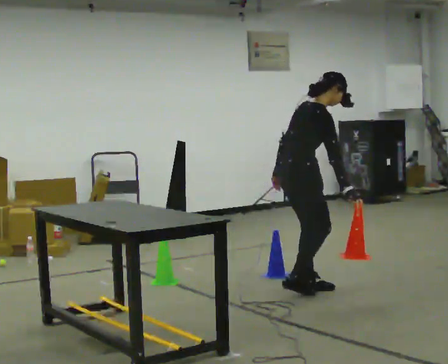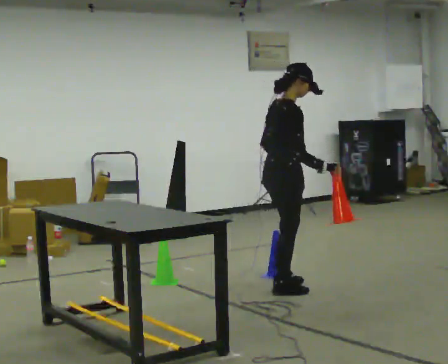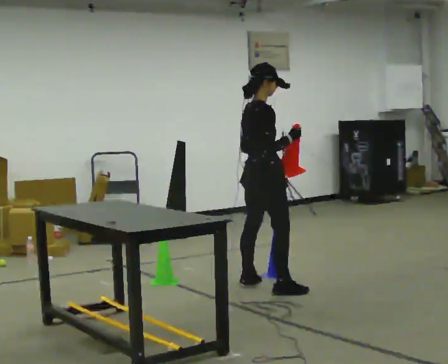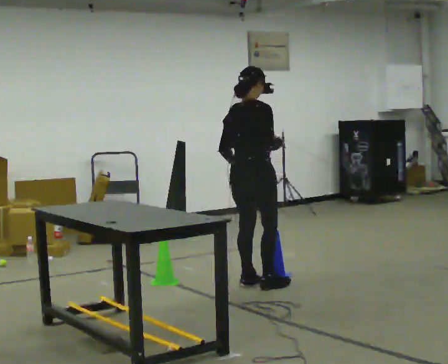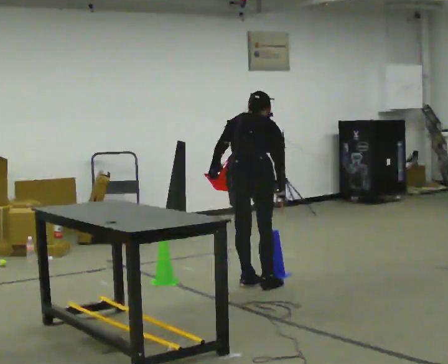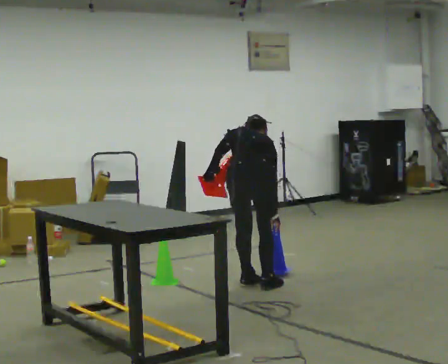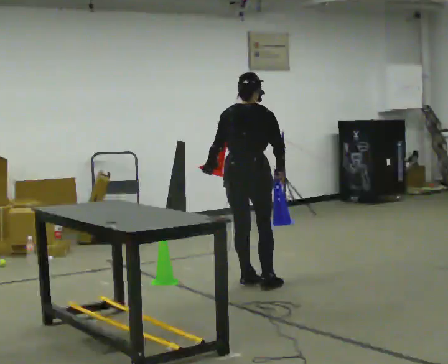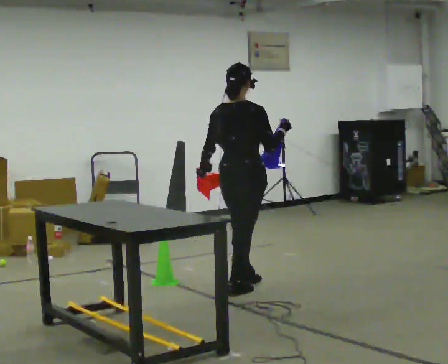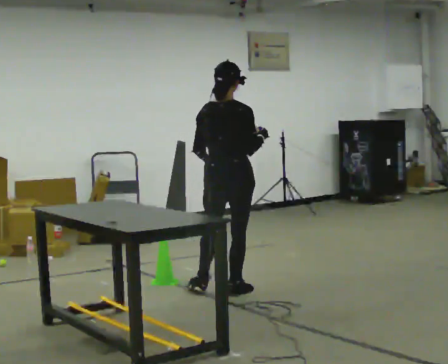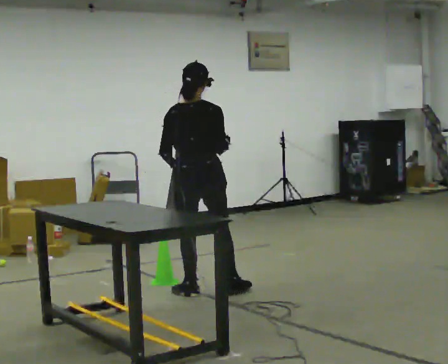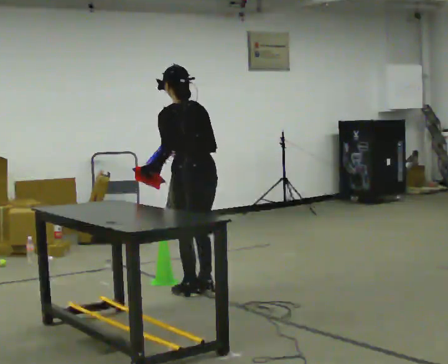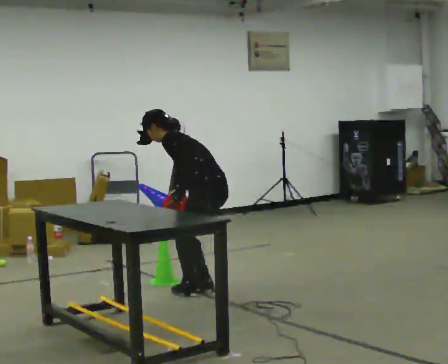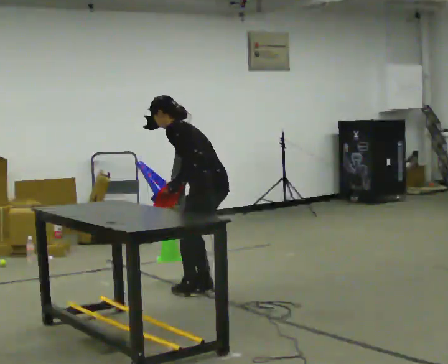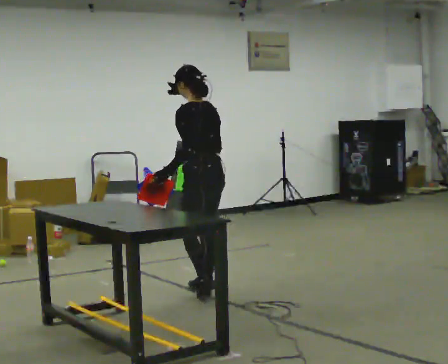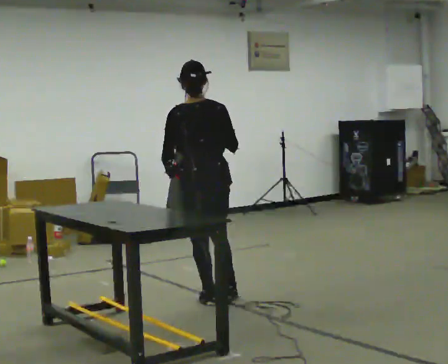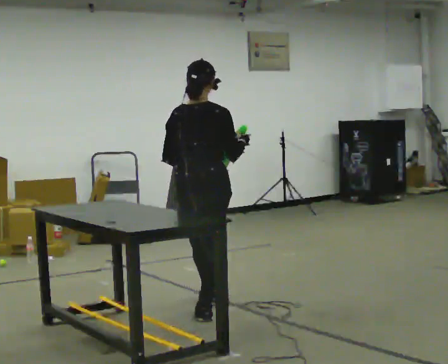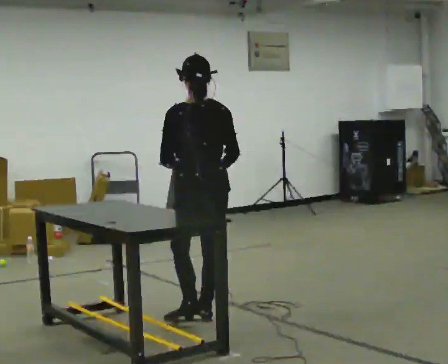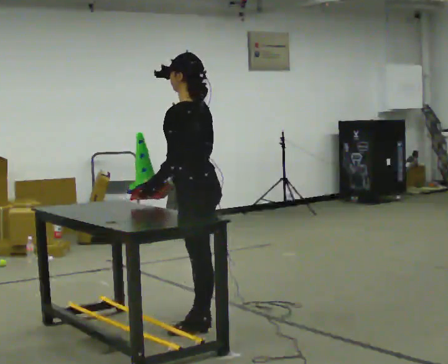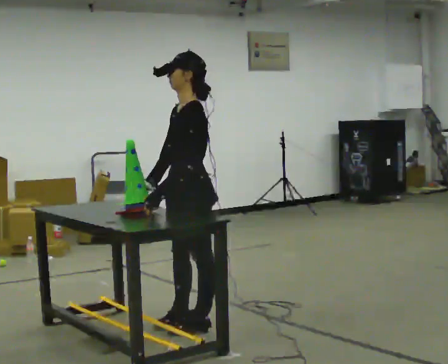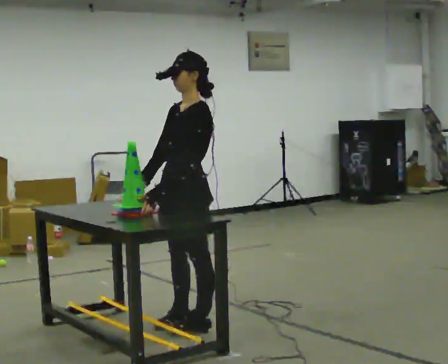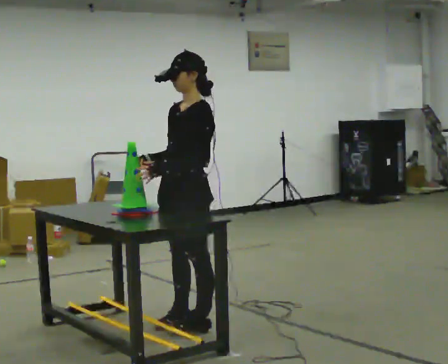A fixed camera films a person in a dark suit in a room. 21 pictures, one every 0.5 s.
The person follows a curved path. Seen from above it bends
counterclockwise.
0.0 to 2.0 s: The part of the body nearest the lens slides to the right as the person turns to their left by about 60 degrees. In the picture they go to the left and away from the camera, about 0.25 m in 2 steps. The upper body tips away from the camera, its near side rolling upward.
2.0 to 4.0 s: In the picture they go to the left, about 0.25 m in 2 steps, which for them is backward.
4.0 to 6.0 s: Seen from above the body turns counterclockwise, about 90 degrees: to their left, with its near side sliding to the right.
6.0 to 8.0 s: The person turns about 45 degrees to their right, clockwise seen from above, so the part of the body nearest the lens slides to the left. In the picture they go toward the camera, about 0.75 m in 3 steps. The shoulders move upward. In the picture the upper body tilts clockwise, shoulders to the right, as they lean back or straighten.
8.0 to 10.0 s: Seen from above the body turns counterclockwise, about 90 degrees: to their left, with its near side sliding to the right. In the picture they go toward the camera, about 0.25 m in 1 step. In the picture their right hand goes to the left, the arm swinging clockwise.
The film runs backward here.
